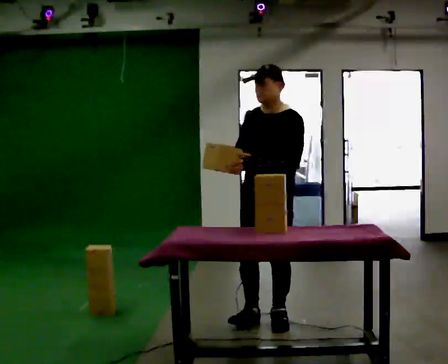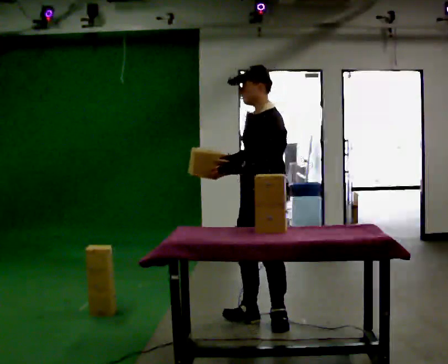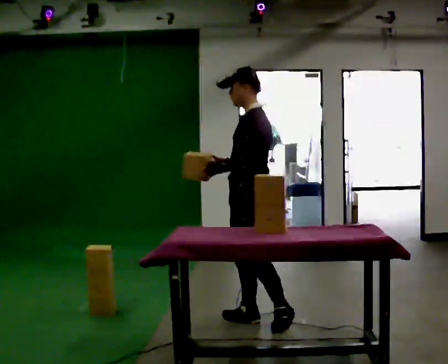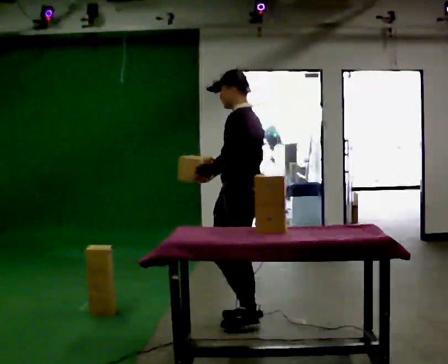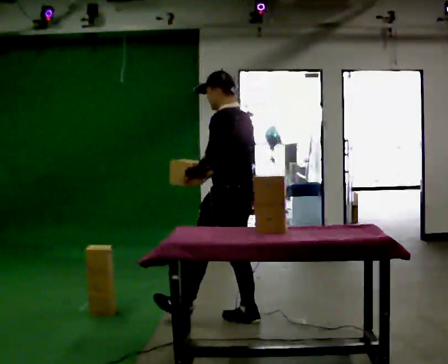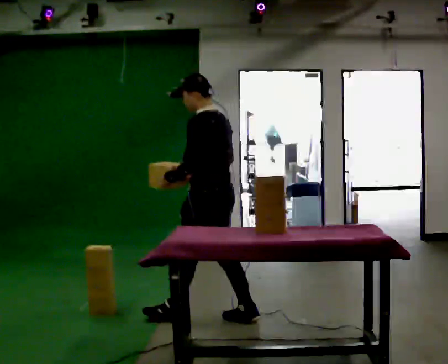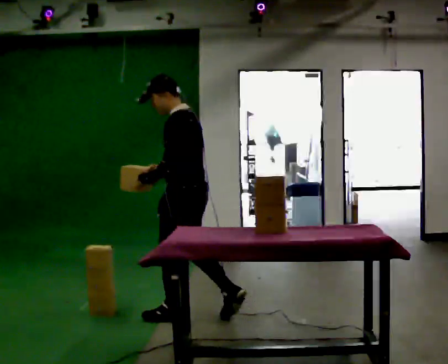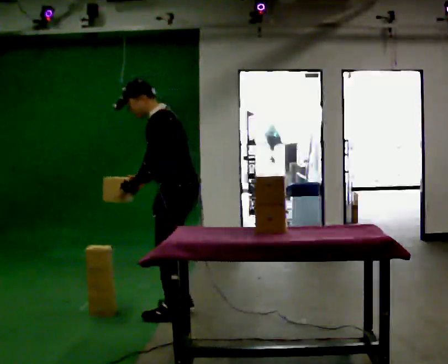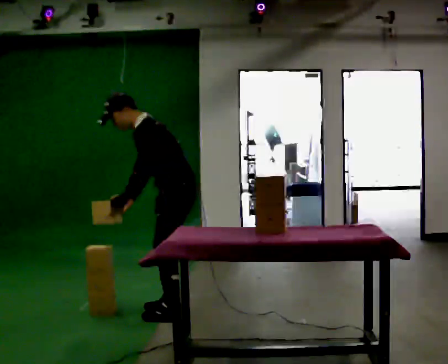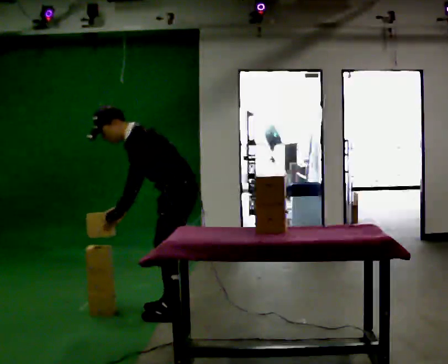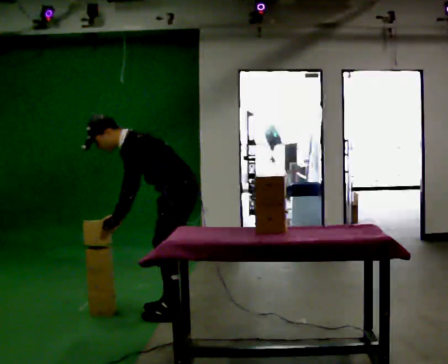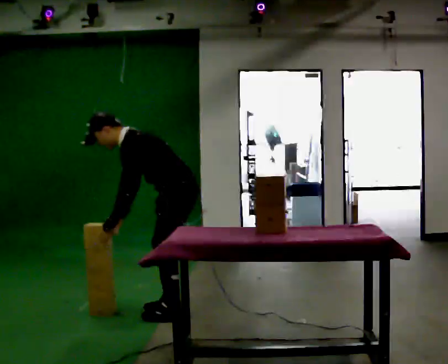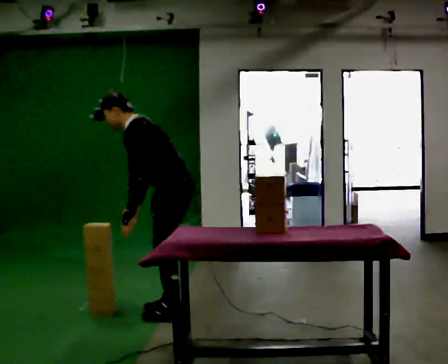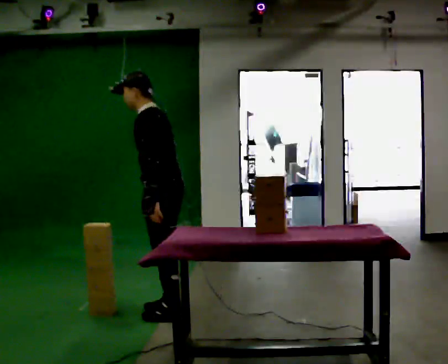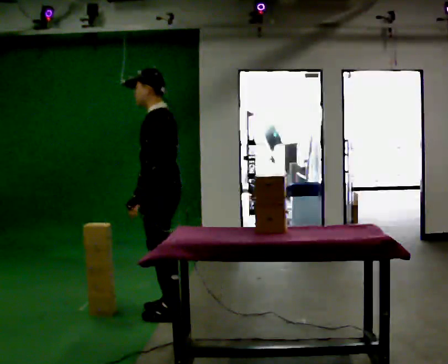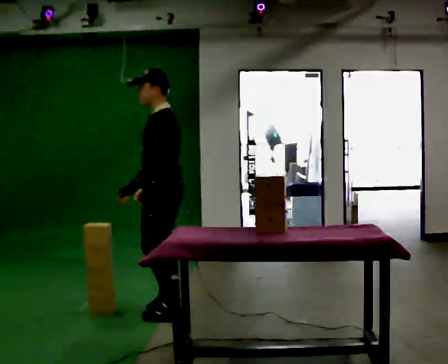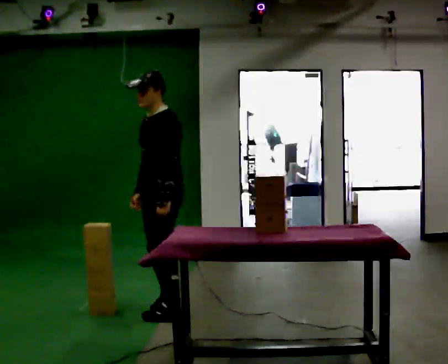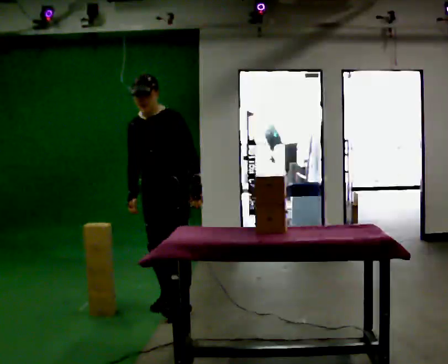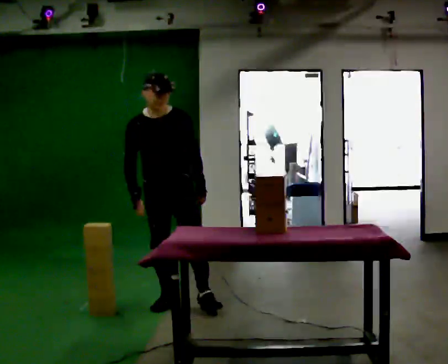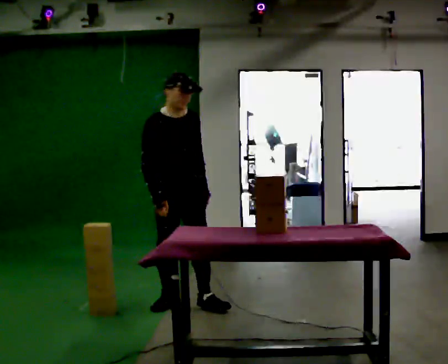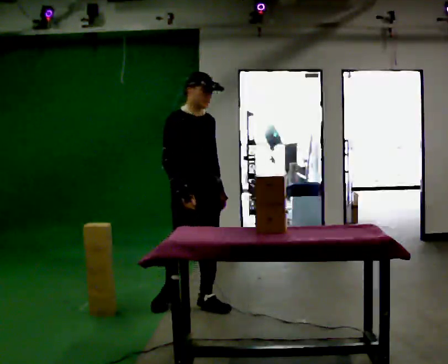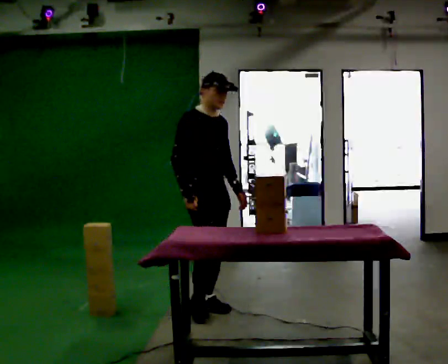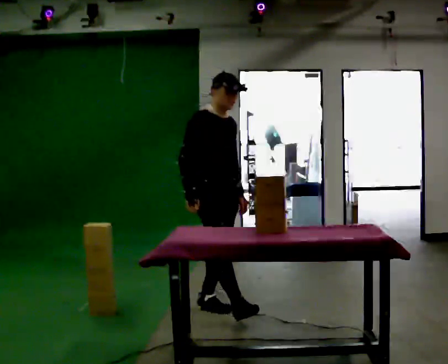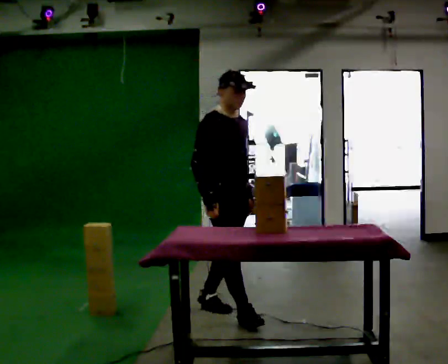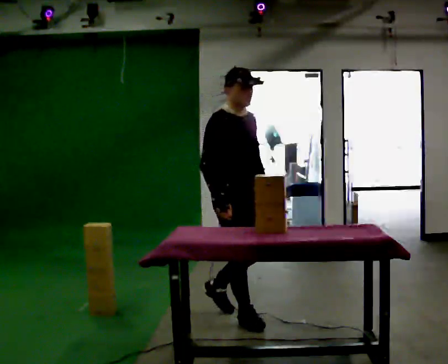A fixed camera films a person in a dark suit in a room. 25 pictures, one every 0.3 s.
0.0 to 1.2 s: The part of the body nearest the lens slides to the left as the person turns to their right by about 75 degrees. In the picture they go to the left, about 0.25 m.
1.2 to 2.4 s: The person turns about 30 degrees to their left, counterclockwise seen from above, so the part of the body nearest the lens slides to the right. In the picture they go to the left and away from the camera, about 0.5 m in 2 steps, which for them is forward. In the picture the upper body tilts counterclockwise, shoulders to the left, as they bend forward.
2.4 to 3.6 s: The person moves a little, or ends about where they began.
3.6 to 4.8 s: Seen from above the body turns counterclockwise, about 45 degrees: to their left, with its near side sliding to the right. In the picture they go away from the camera, about 0.25 m in 1 step, which for them is to their right. In the picture the upper body tilts clockwise, shoulders to the right, as they lean back or straighten.
4.8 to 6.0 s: The person turns about 90 degrees to their left, counterclockwise seen from above, so the part of the body nearest the lens slides to the right. In the picture they go to the right, about 0.25 m in 1 step. In the picture their right hand goes to the right.
6.0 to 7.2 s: In the picture they go toward the camera and to the right, about 0.5 m in 1 step, which for them is forward.
The film runs forward here.
